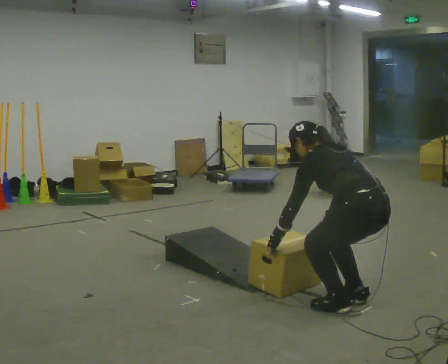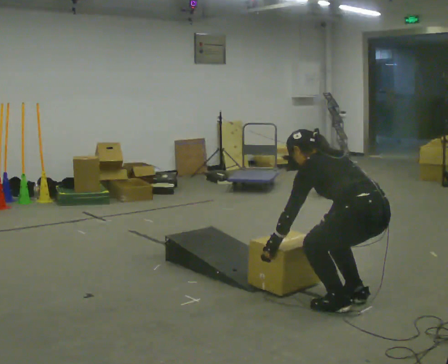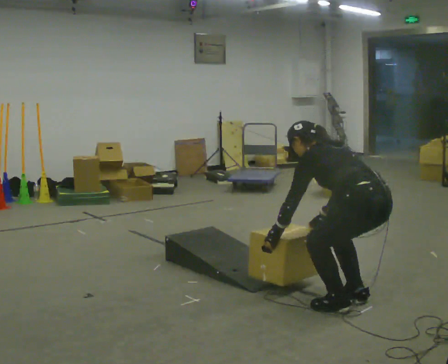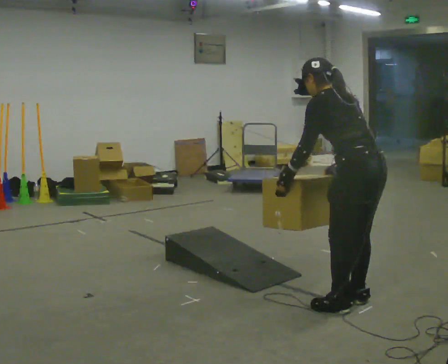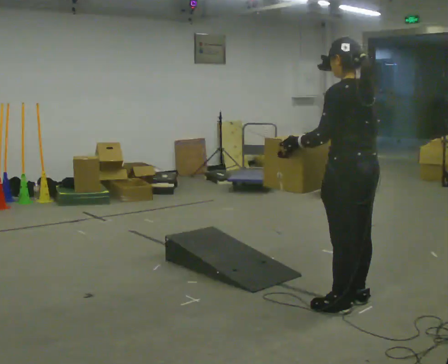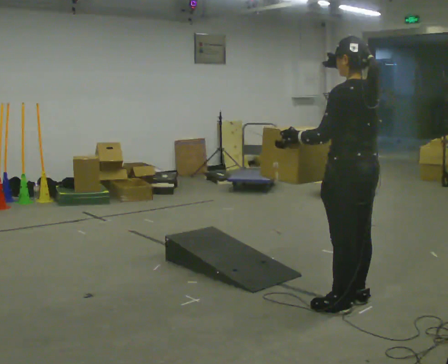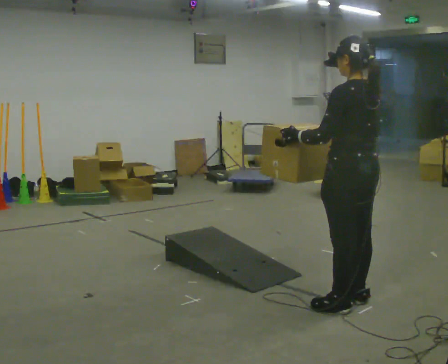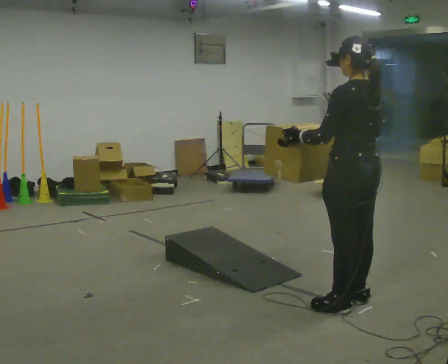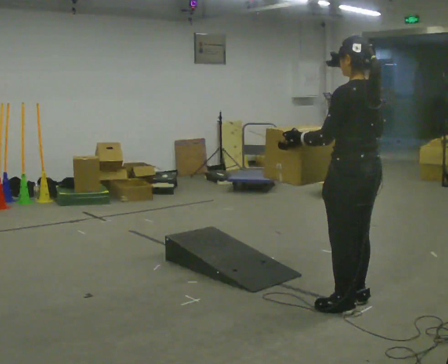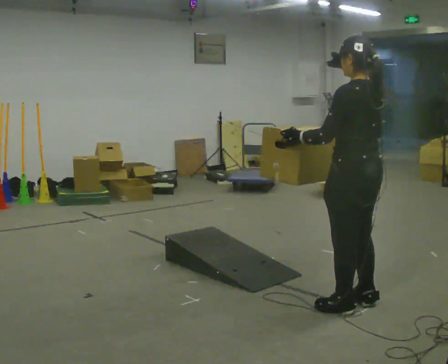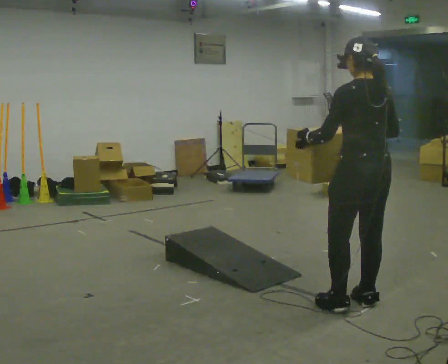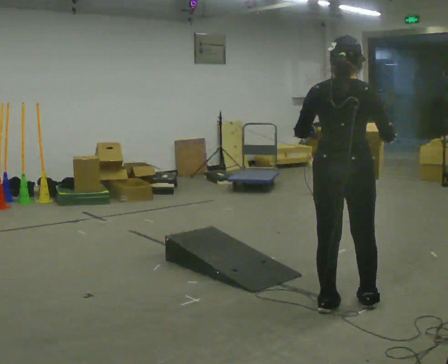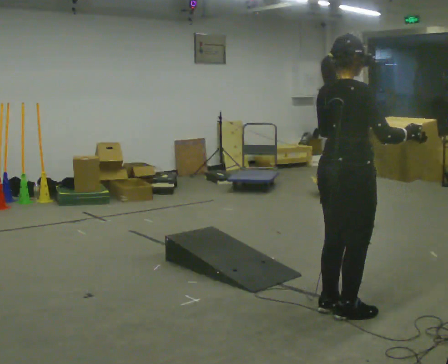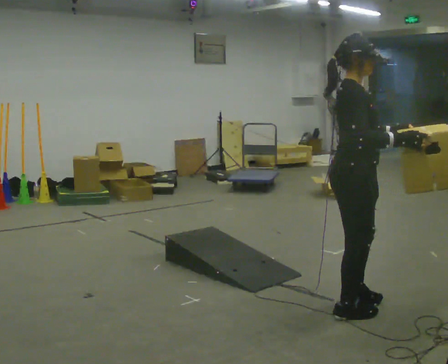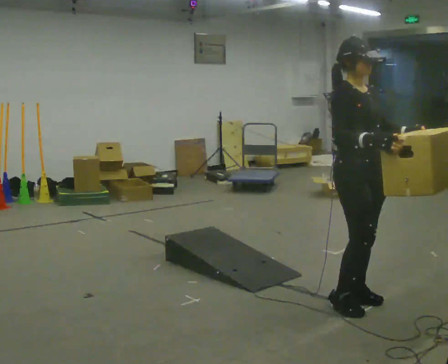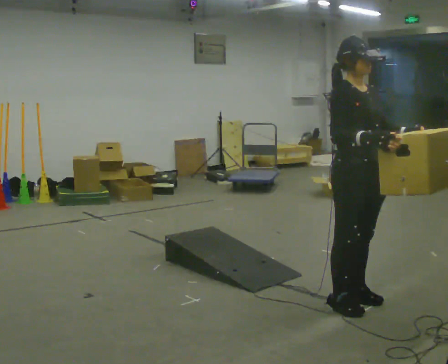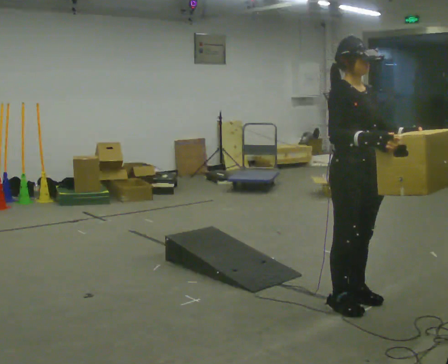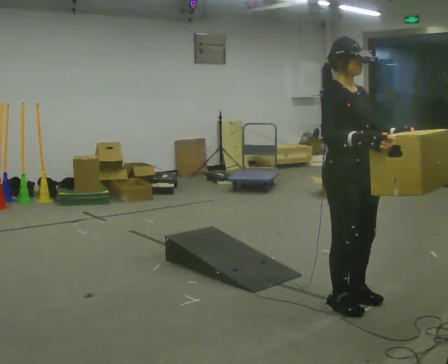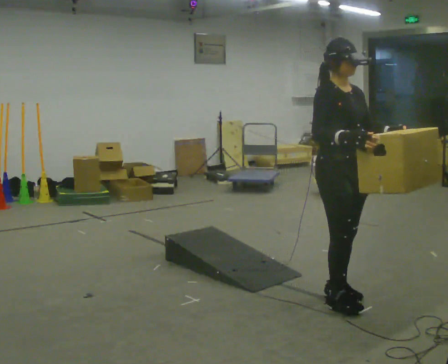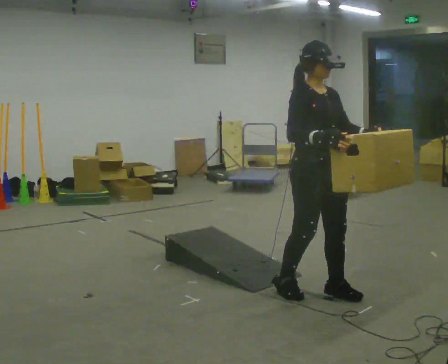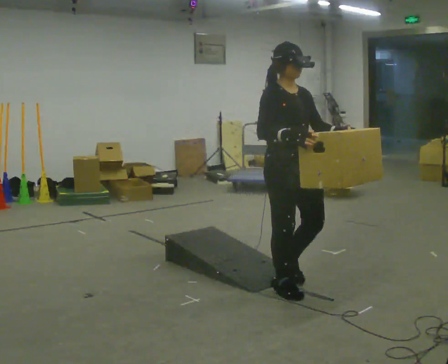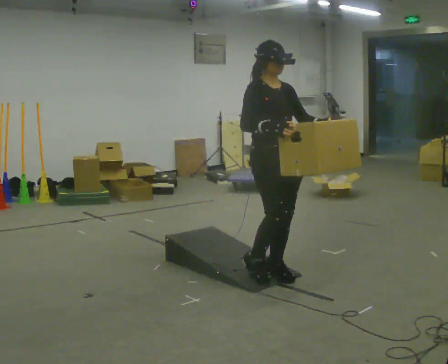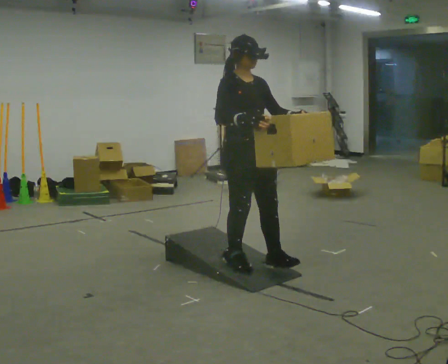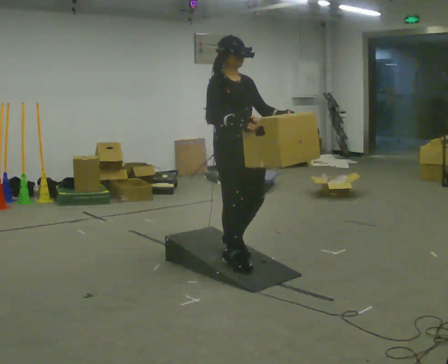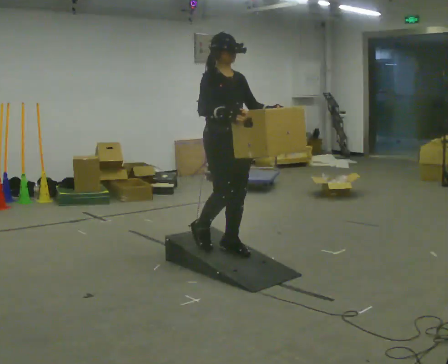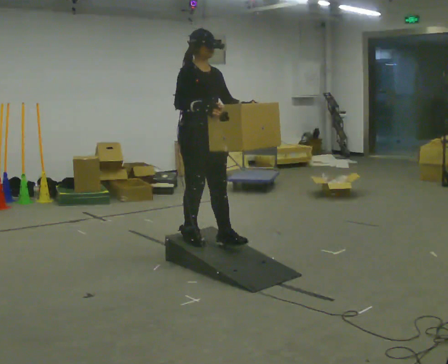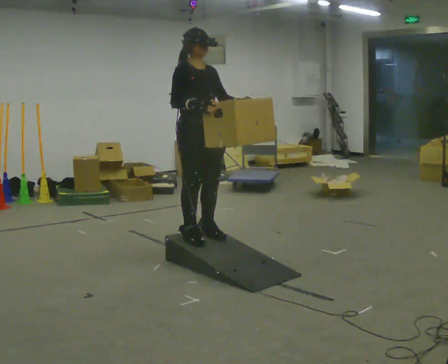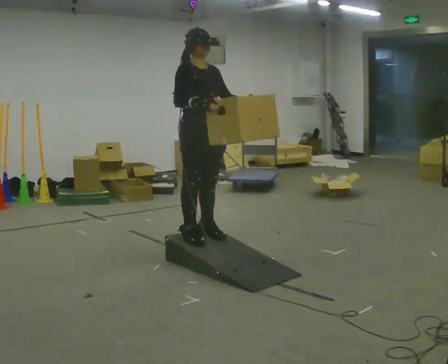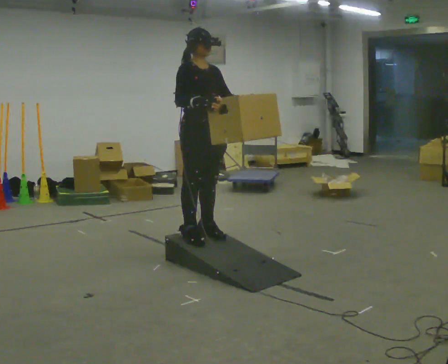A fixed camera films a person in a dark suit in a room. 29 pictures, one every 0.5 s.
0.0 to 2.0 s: In the picture their right hand goes upward.
2.0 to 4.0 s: The person moves a little, or ends about where they began.
4.0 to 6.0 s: The person turns about 90 degrees to their right, clockwise seen from above, so the part of the body nearest the lens slides to the left.
6.0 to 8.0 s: The part of the body nearest the lens slides to the left as the person turns to their right by about 90 degrees. In the picture their left hand goes to the right.
8.0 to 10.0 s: In the picture they go to the left and away from the camera, about 0.5 m in 3 steps, which for them is backward.
10.0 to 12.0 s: In the picture they go to the left and away from the camera, about 0.75 m in 3 steps, which for them is backward.
12.0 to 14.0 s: In the picture they go to the left and away from the camera, about 0.25 m in 1 step, which for them is backward.
The film runs backward here.
